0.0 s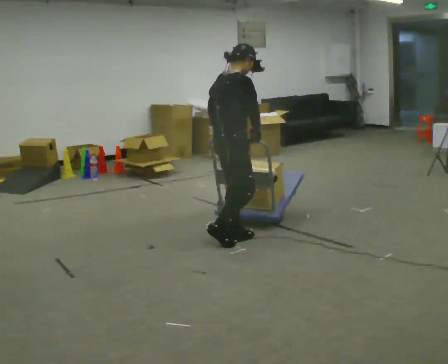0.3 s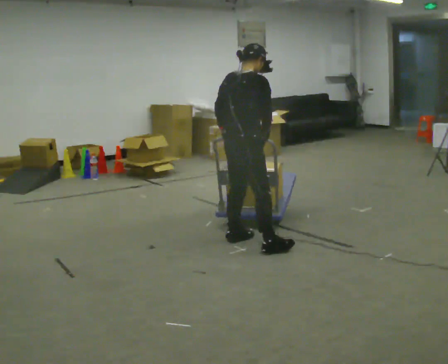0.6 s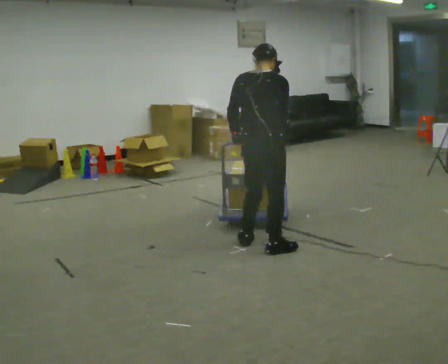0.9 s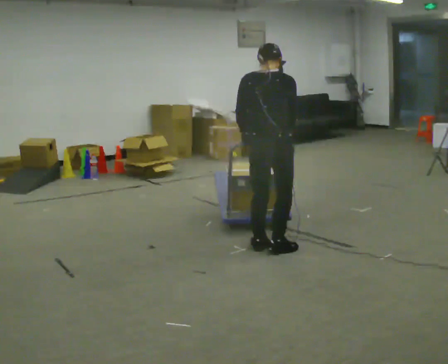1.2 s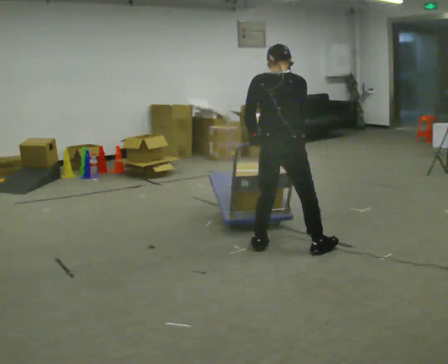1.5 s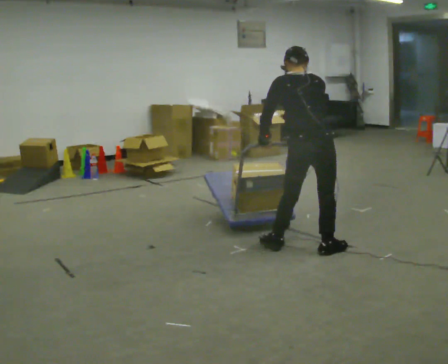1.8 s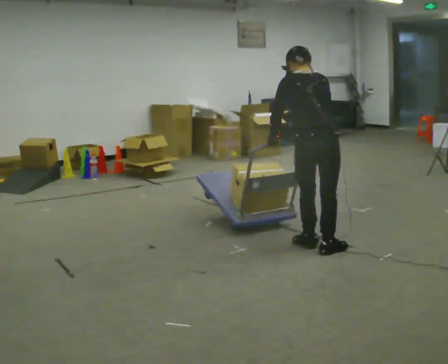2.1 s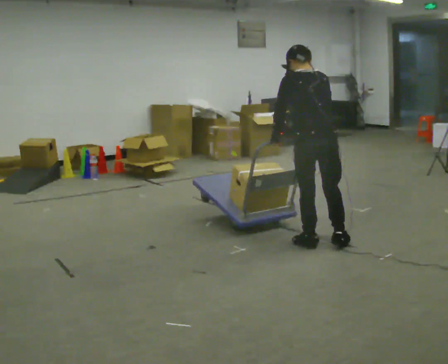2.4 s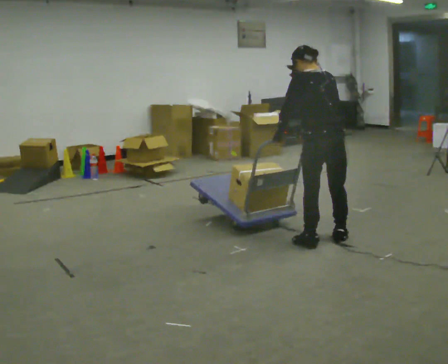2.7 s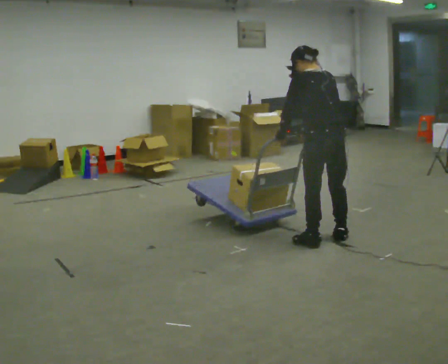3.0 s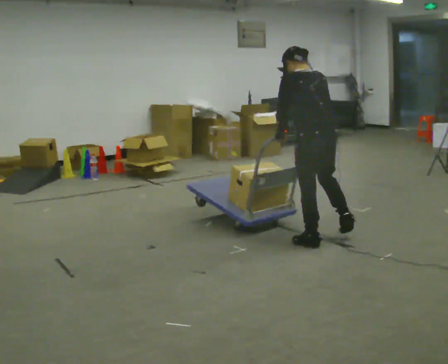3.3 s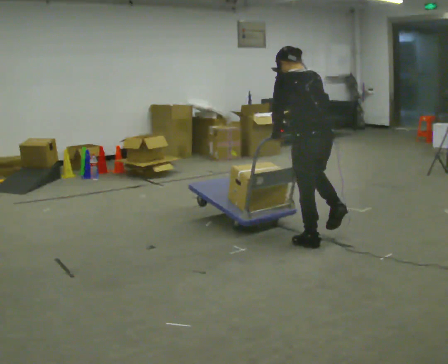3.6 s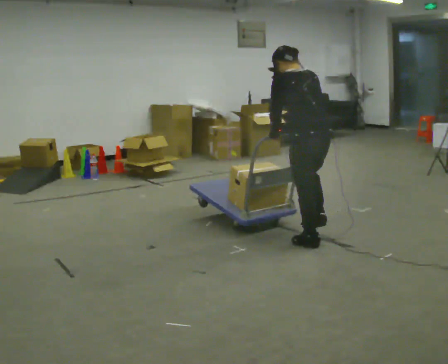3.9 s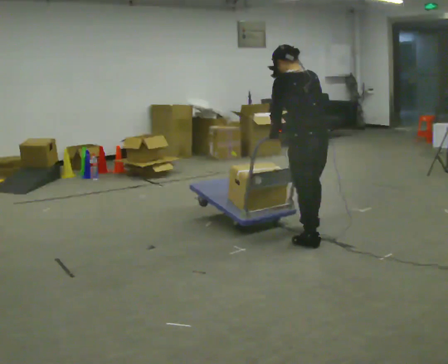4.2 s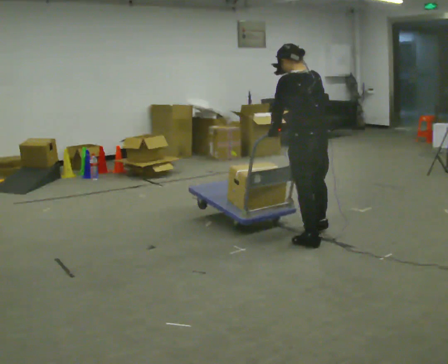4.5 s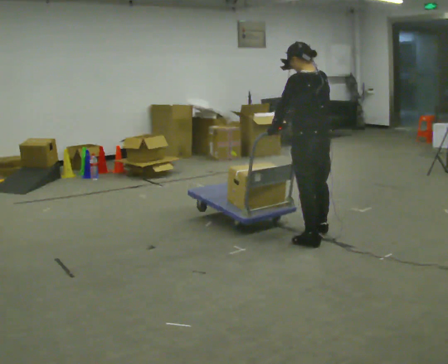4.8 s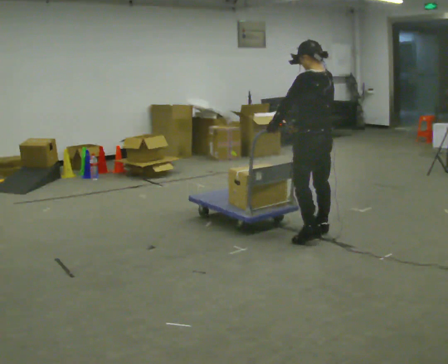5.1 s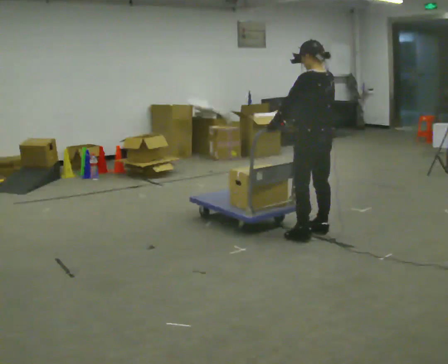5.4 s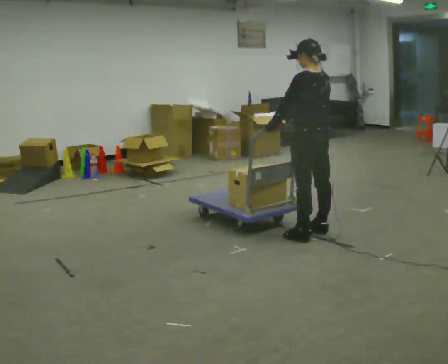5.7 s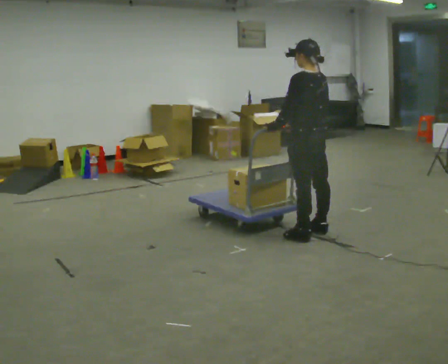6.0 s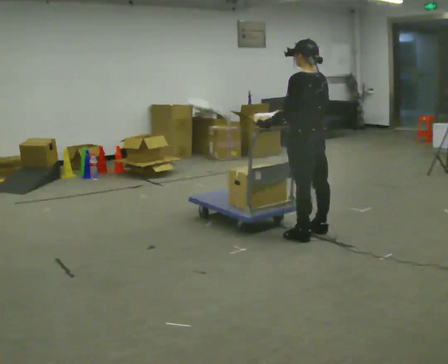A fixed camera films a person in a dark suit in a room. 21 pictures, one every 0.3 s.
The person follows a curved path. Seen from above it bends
counterclockwise.
The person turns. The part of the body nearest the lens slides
to the right.
0.0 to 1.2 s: The person turns about 45 degrees to their left, counterclockwise seen from above, so the part of the body nearest the lens slides to the right. In the picture they go to the right and toward the camera, about 0.5 m in 2 steps, which for them is to their right.
1.2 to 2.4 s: The part of the body nearest the lens slides to the right as the person turns to their left by about 45 degrees. In the picture they go to the right and away from the camera, about 0.25 m in 3 steps, which for them is to their right.
2.4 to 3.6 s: The person moves a little, or ends about where they began.
3.6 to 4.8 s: In the picture they go away from the camera, about 0.25 m in 1 step, which for them is to their right and forward. In the picture the upper body tilts clockwise, shoulders to the right, as they lean back or straighten.
4.8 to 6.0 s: The person moves a little, or ends about where they began.
The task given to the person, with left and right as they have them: Turn the cart round to face the other way without moving it out of the marked square, then turn it back. Repeat until the operator says stop.
The film runs forward here.
